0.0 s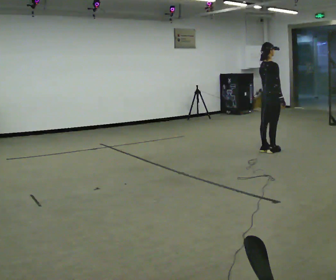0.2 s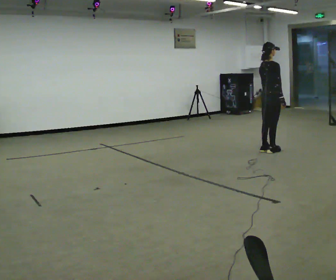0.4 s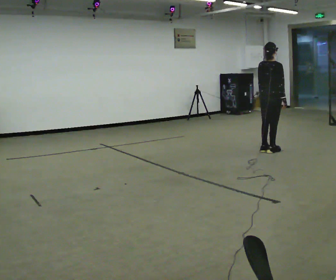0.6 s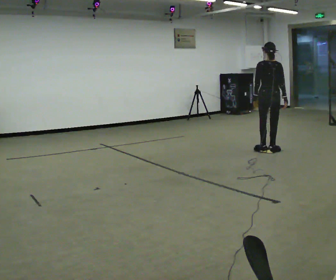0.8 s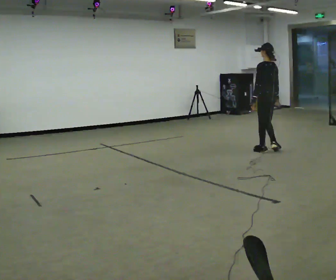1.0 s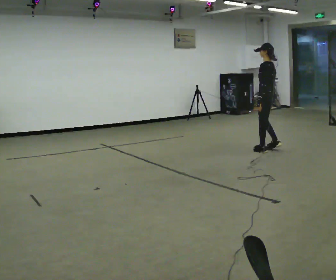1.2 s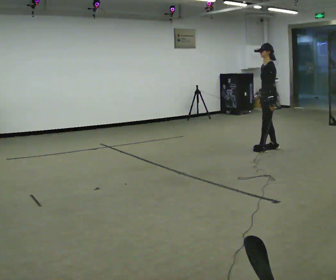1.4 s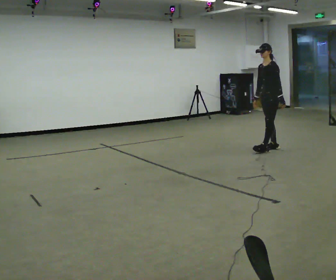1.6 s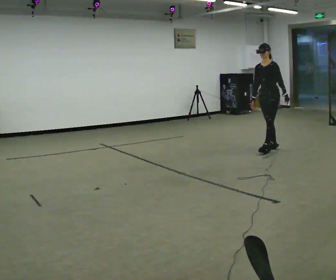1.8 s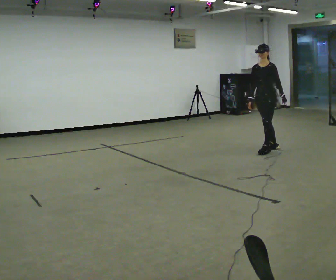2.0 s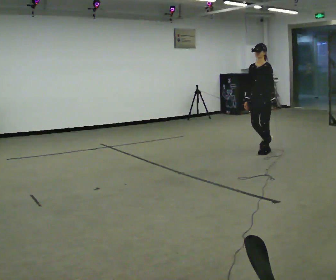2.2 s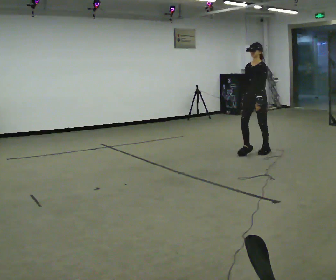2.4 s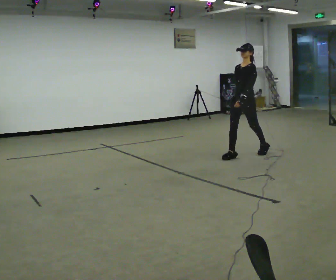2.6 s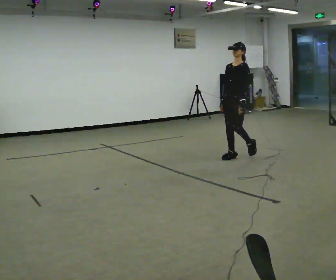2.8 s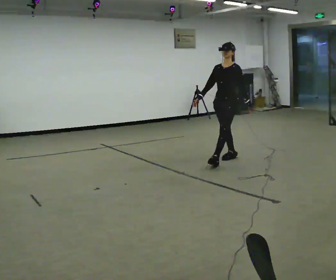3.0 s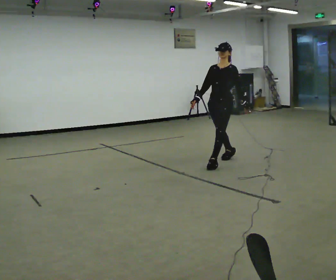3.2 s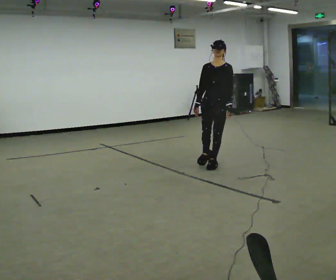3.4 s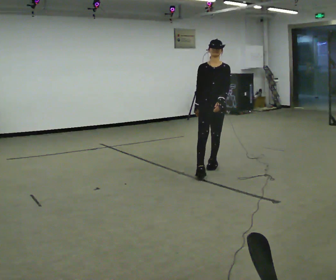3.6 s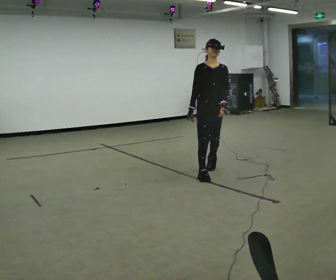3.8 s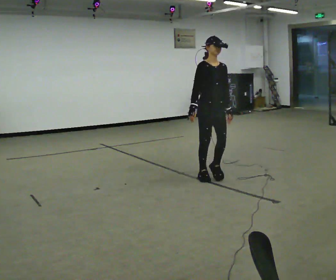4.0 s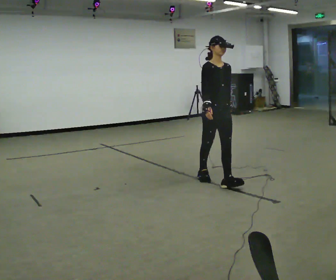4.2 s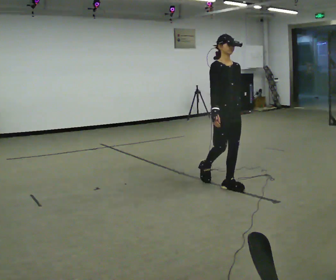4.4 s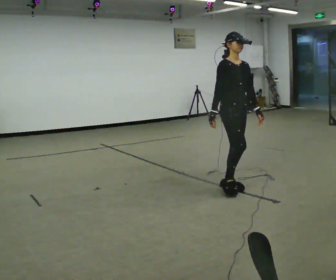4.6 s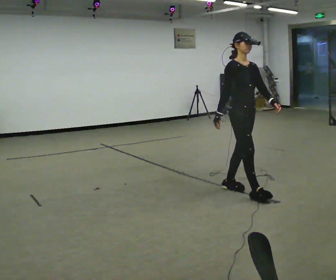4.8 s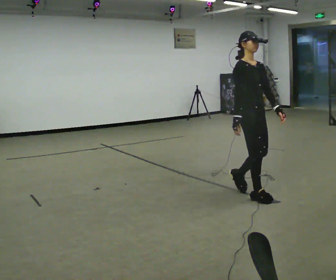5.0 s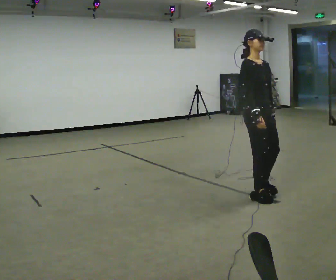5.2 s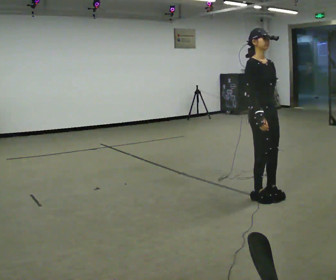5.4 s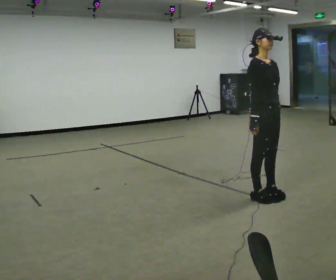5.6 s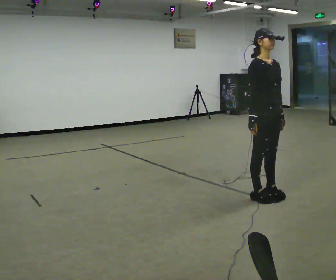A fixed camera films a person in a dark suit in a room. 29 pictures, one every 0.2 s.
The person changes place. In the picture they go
toward the camera.
The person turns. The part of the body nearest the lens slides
to the right.
0.0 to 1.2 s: The person turns about 165 degrees to their left, counterclockwise seen from above, so the part of the body nearest the lens slides to the right.
1.2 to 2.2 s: Seen from above the body turns counterclockwise, about 30 degrees: to their left, with its near side sliding to the right. In the picture they go to the left and toward the camera, about 0.25 m, which for them is forward.
2.2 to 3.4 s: The part of the body nearest the lens slides to the right as the person turns to their left by about 60 degrees. In the picture they go toward the camera and to the left, about 1 m in 2 steps, which for them is forward.
3.4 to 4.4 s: The person turns about 30 degrees to their left, counterclockwise seen from above, so the part of the body nearest the lens slides to the right. In the picture they go toward the camera, about 1 m in 2 steps, which for them is forward.
4.4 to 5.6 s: In the picture they go toward the camera and to the right, about 0.5 m in 2 steps, which for them is forward.
The film runs forward here.
